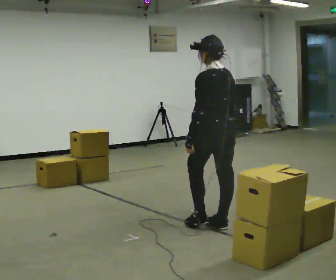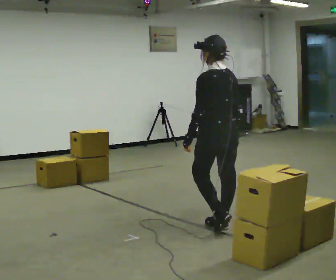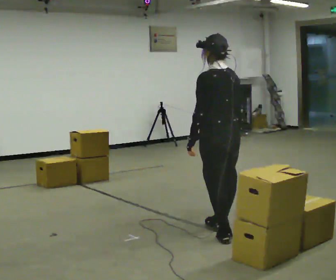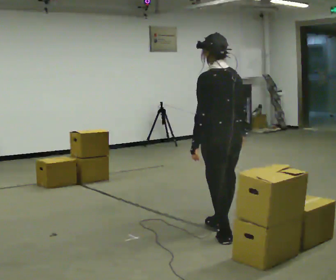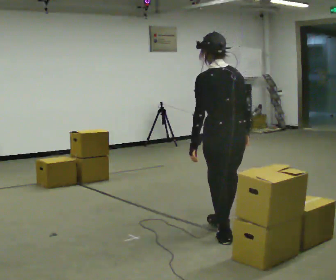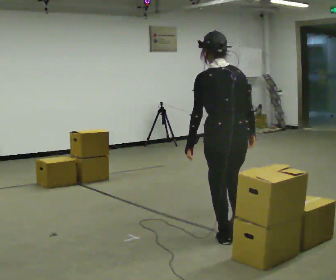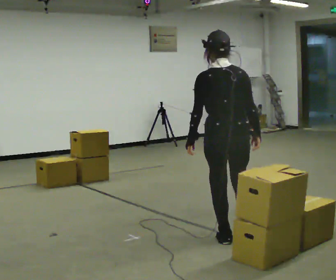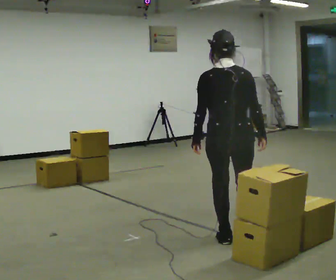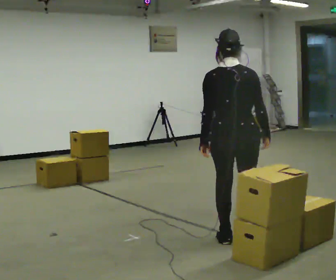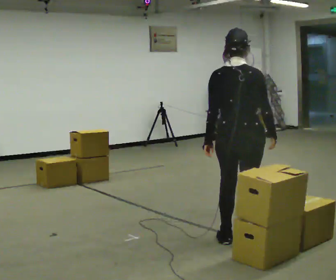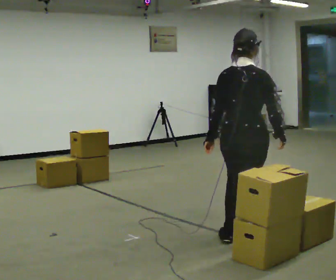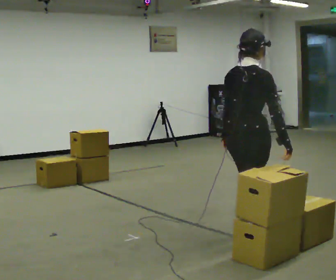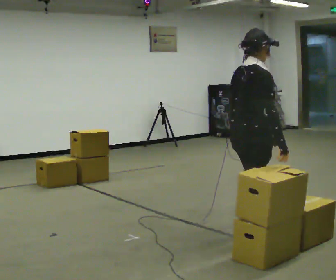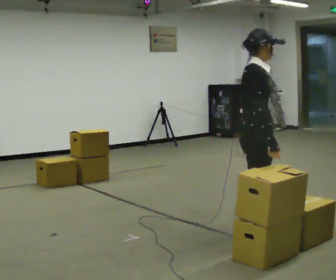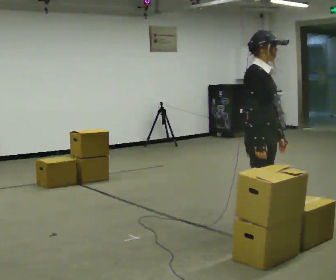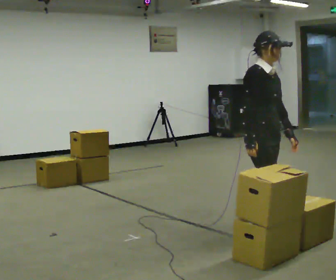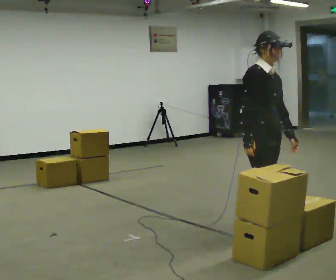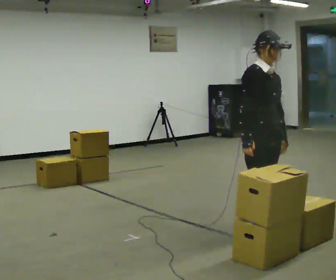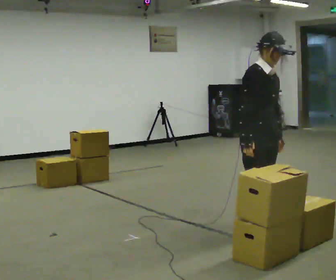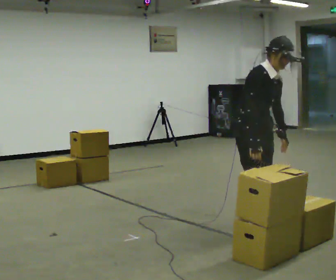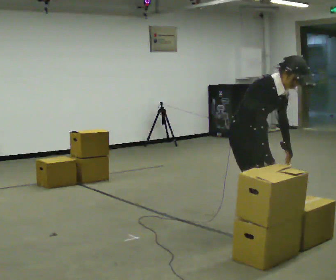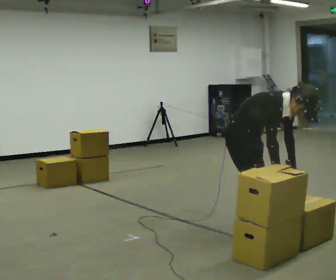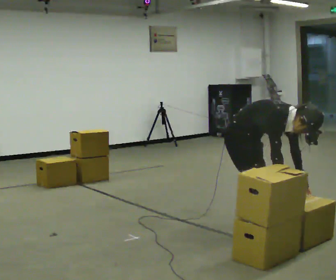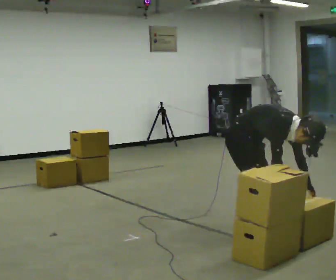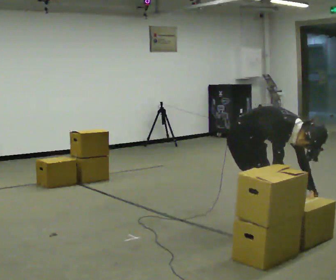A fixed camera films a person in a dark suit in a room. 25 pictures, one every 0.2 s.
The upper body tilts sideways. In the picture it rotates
clockwise.
The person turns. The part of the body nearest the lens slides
to the left.
0.0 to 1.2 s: The person turns about 30 degrees to their right, clockwise seen from above, so the part of the body nearest the lens slides to the left. In the picture they go toward the camera, about 0.25 m in 1 step, which for them is backward.
1.2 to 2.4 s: The person turns about 75 degrees to their right, clockwise seen from above, so the part of the body nearest the lens slides to the left. In the picture they go to the right, about 0.25 m in 1 step.
2.4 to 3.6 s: The person turns about 75 degrees to their right, clockwise seen from above, so the part of the body nearest the lens slides to the left. In the picture they go away from the camera, about 0.25 m in 1 step.
3.6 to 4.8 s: The upper body goes downward. In the picture the upper body tilts clockwise, shoulders to the right, as they bend forward. In the picture their right hand goes downward.
The film runs backward here.
